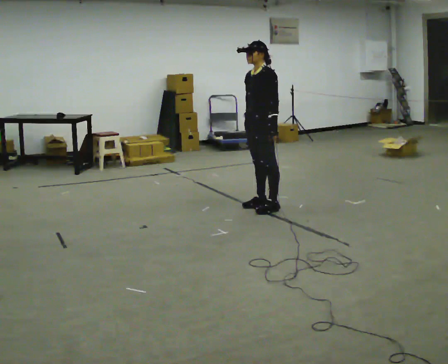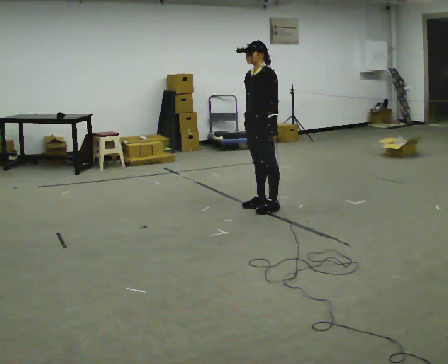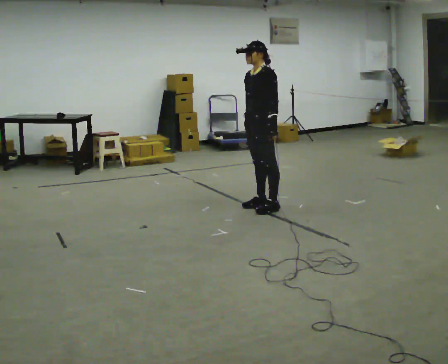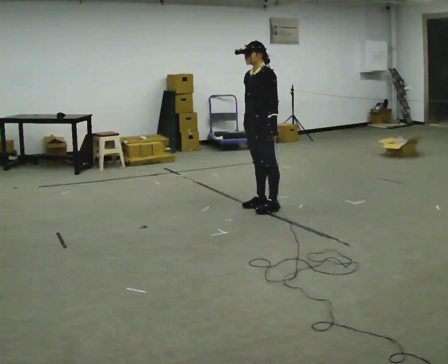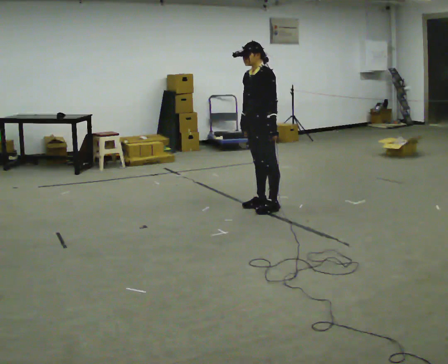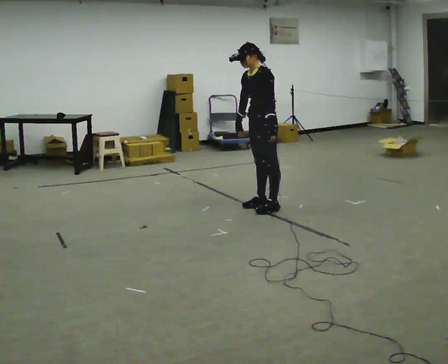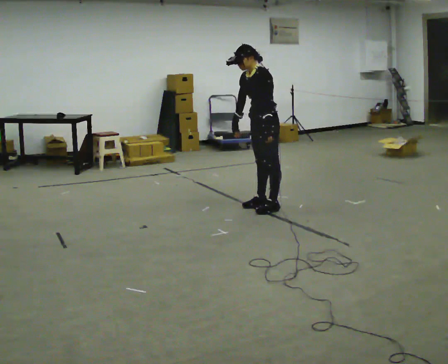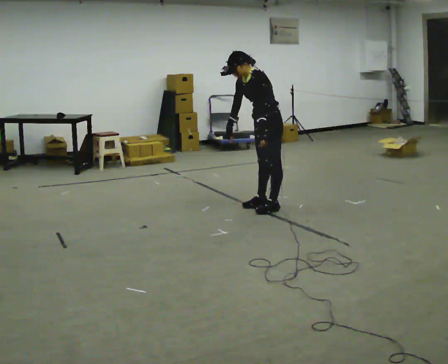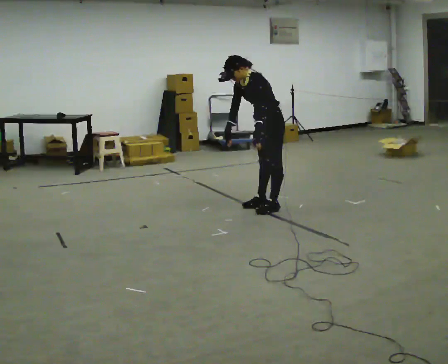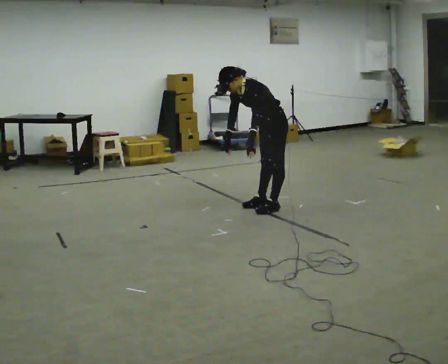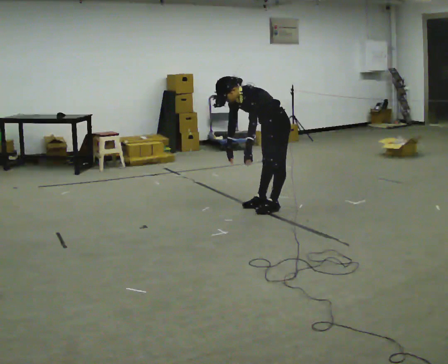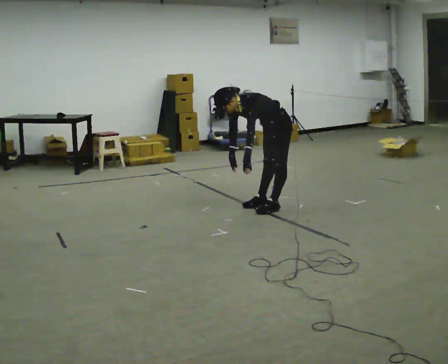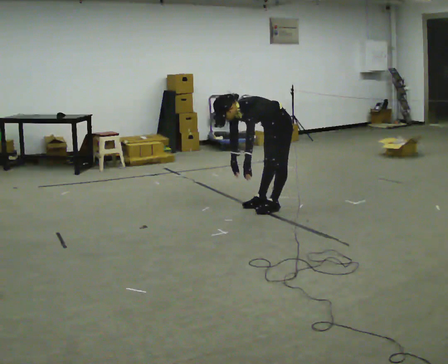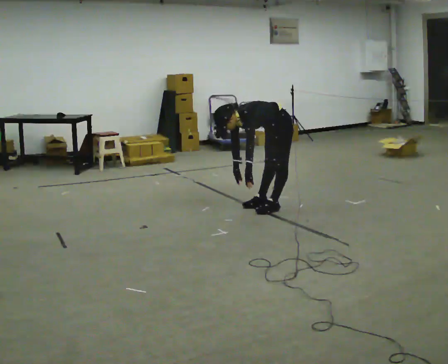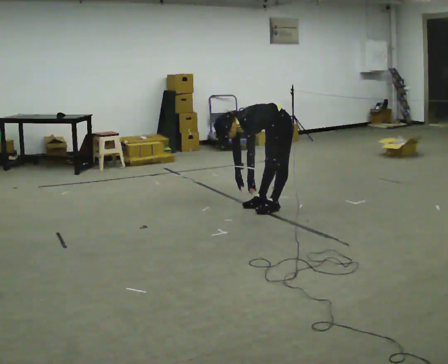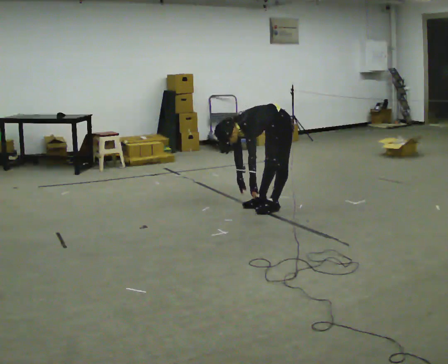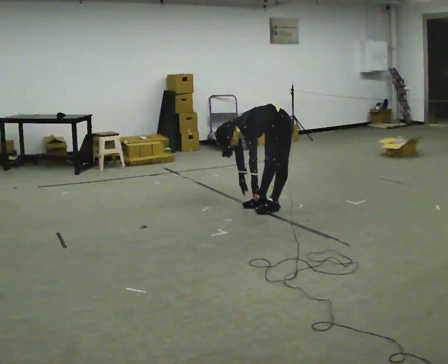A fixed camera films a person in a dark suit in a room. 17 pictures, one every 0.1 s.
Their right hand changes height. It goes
downward.
The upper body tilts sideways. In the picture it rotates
counterclockwise.
0.0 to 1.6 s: The upper body goes downward. In the picture the upper body tilts counterclockwise, shoulders to the left, as they bend forward. In the picture their right hand goes downward.
The film runs forward here.
